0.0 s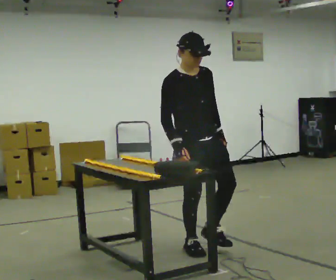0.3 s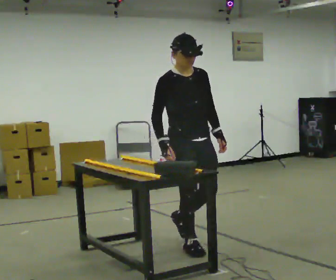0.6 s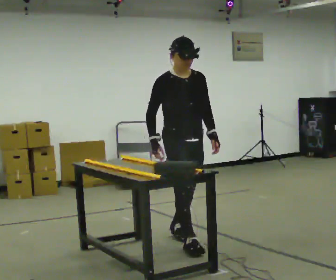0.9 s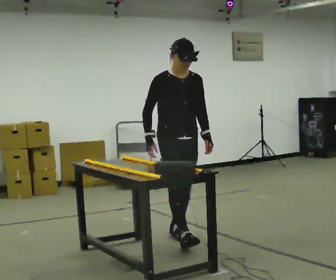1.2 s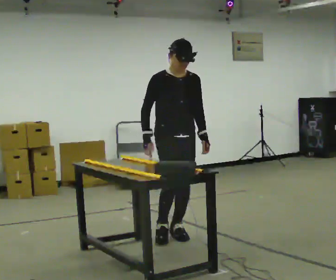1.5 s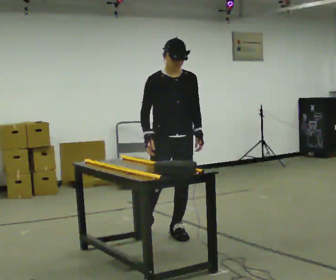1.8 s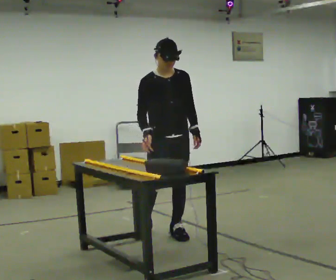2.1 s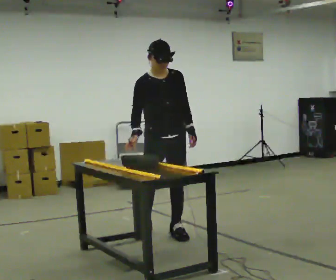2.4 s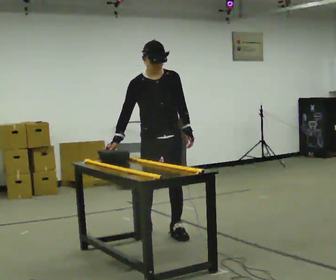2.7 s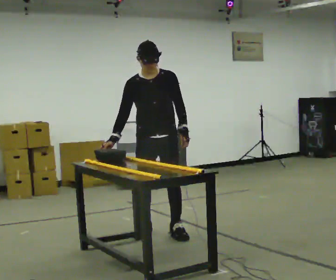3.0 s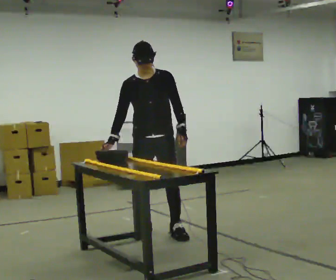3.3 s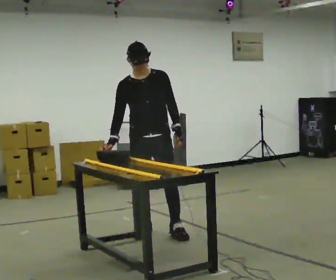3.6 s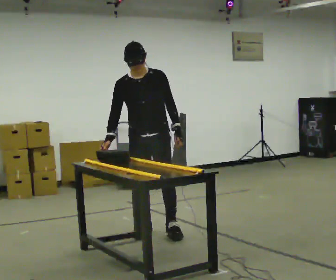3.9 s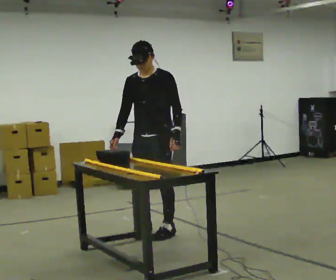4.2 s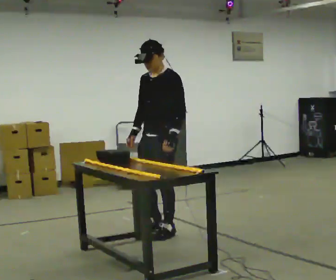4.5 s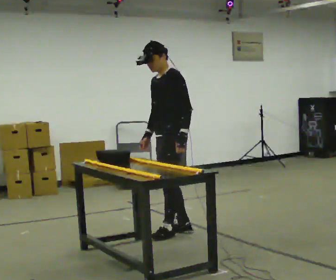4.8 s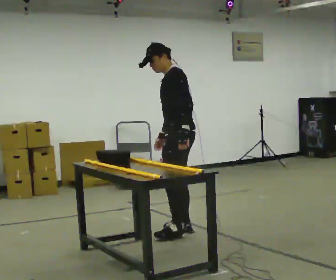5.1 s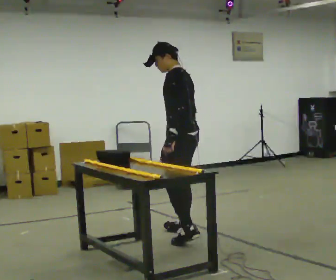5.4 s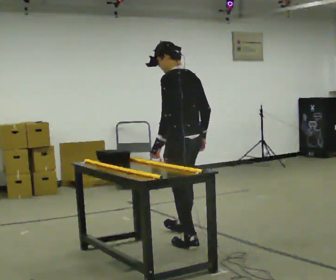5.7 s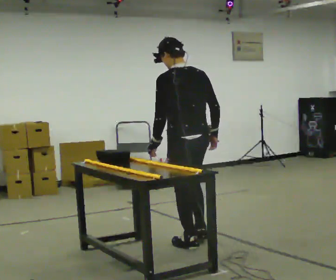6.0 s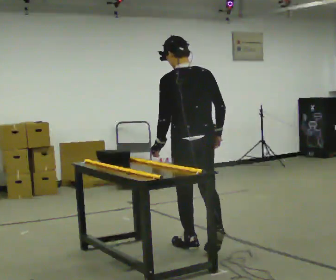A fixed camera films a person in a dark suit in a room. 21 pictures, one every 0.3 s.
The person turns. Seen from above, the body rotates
clockwise.
The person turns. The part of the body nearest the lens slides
to the left.
0.0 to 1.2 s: In the picture they go away from the camera, about 0.5 m in 1 step, which for them is backward.
1.2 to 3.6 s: The person turns about 30 degrees to their right, clockwise seen from above, so the part of the body nearest the lens slides to the left. In the picture they go to the left and away from the camera, about 0.25 m, which for them is backward and to their right. In the picture the upper body tilts counterclockwise, shoulders to the left.
3.6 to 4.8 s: The part of the body nearest the lens slides to the left as the person turns to their right by about 90 degrees. In the picture they go to the right, about 0.25 m in 2 steps.
4.8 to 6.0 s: Seen from above the body turns clockwise, about 75 degrees: to their right, with its near side sliding to the left. In the picture they go toward the camera, about 0.5 m in 1 step.
The film runs backward here.
